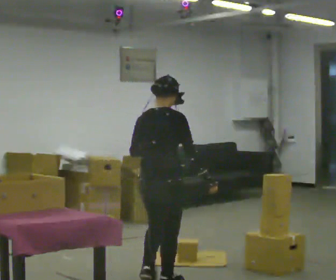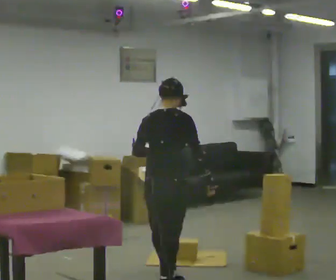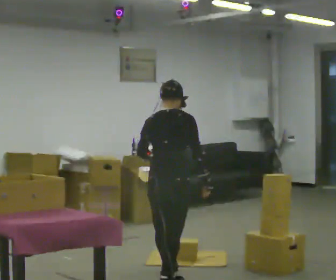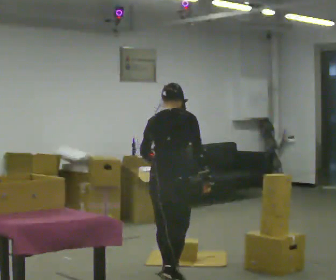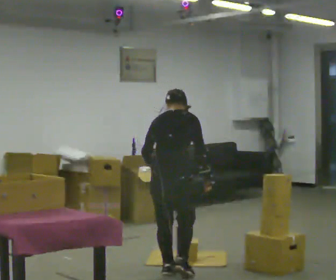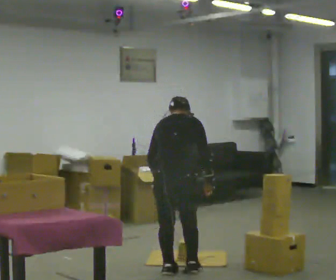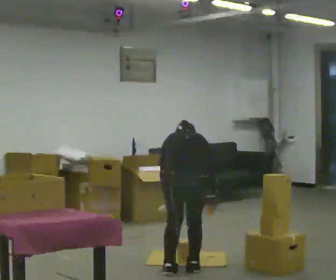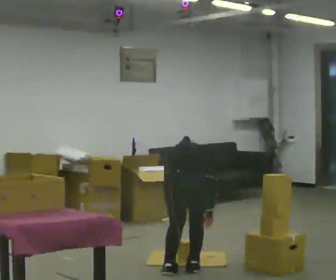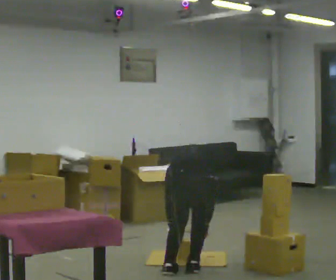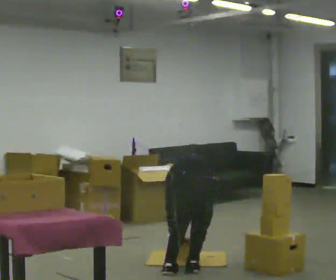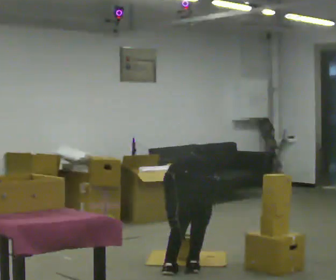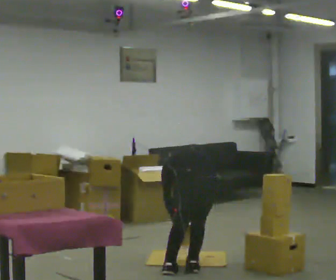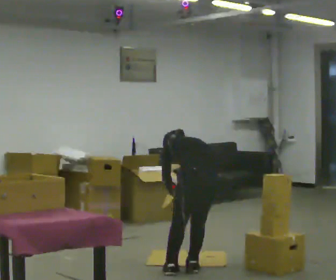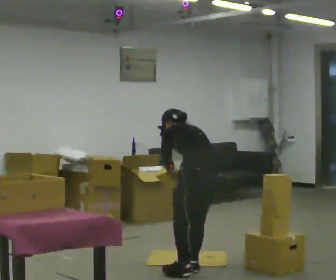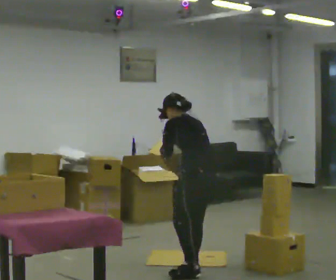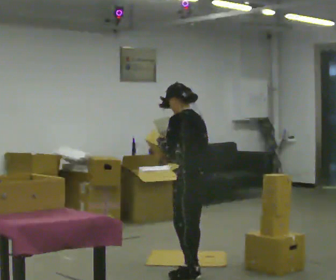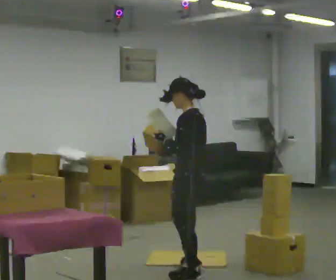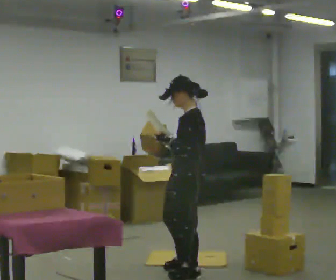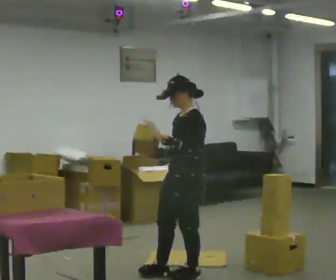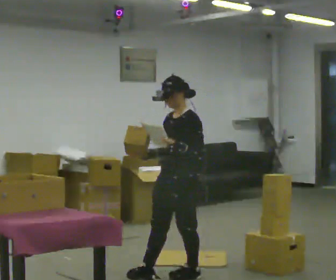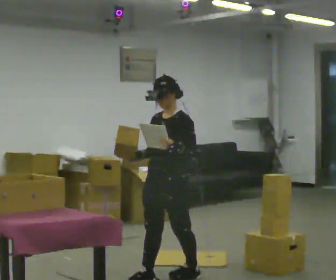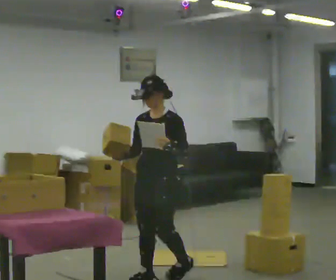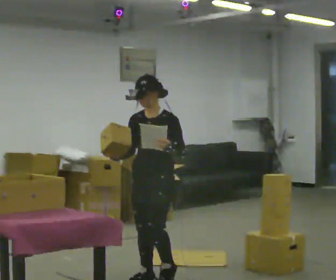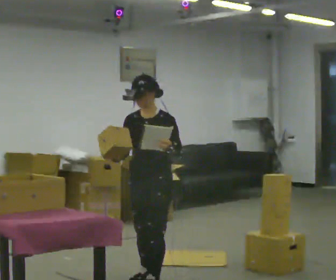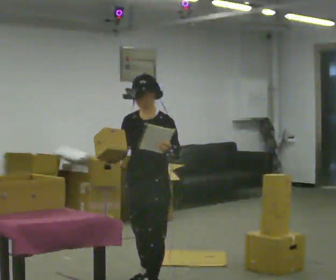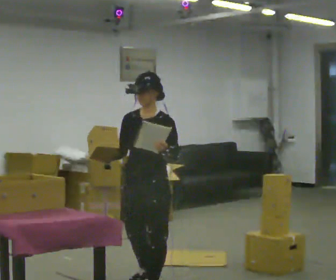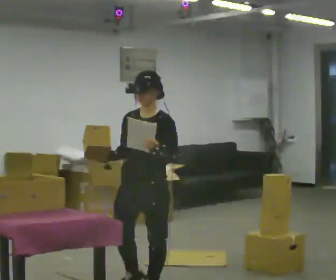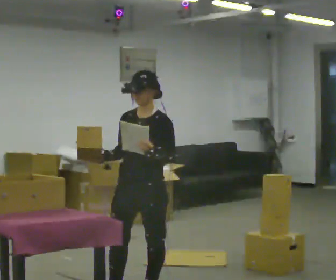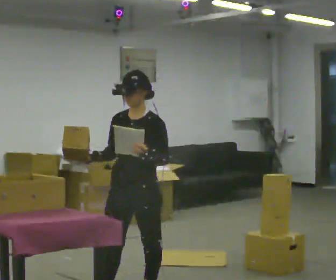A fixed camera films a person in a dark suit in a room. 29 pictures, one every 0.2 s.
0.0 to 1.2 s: The person turns about 30 degrees to their left, counterclockwise seen from above, so the part of the body nearest the lens slides to the right. In the picture they go away from the camera and to the right, about 0.5 m in 2 steps, which for them is forward. The shoulders move downward. The upper body tips away from the camera, its near side rolling upward, as they bend forward. In the picture their left hand goes downward.
1.2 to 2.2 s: In the picture the upper body tilts counterclockwise, shoulders to the left.
2.2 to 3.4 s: The part of the body nearest the lens slides to the right as the person turns to their left by about 75 degrees. The upper body goes upward. The upper body tips toward the camera, its near side rolling downward, as they lean back or straighten. In the picture their right hand goes upward and to the left, the arm swinging clockwise.
3.4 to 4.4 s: Seen from above the body turns counterclockwise, about 60 degrees: to their left, with its near side sliding to the right. In the picture they go to the left and toward the camera, about 0.25 m in 1 step, which for them is forward.
4.4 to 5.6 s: In the picture they go toward the camera, about 0.5 m in 2 steps, which for them is forward.
The film runs forward here.
